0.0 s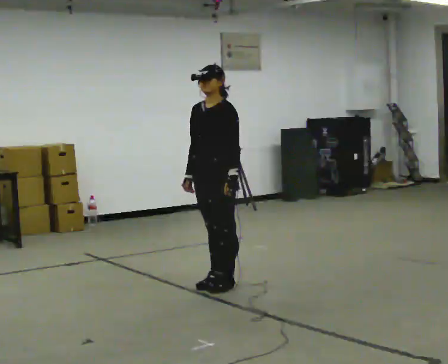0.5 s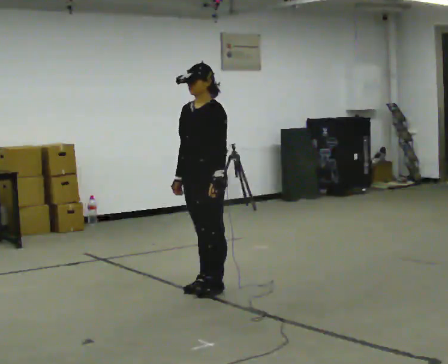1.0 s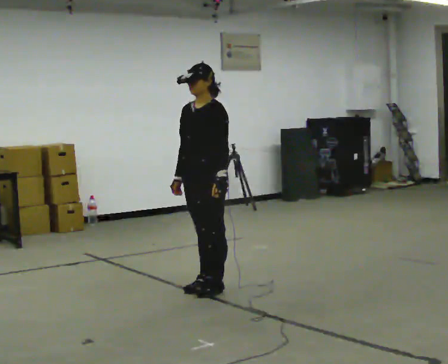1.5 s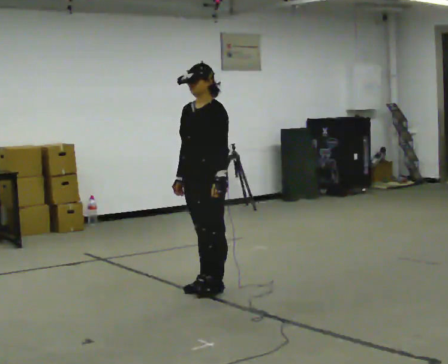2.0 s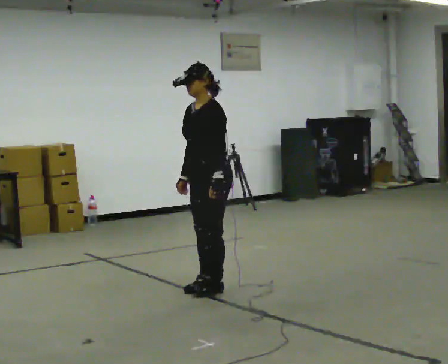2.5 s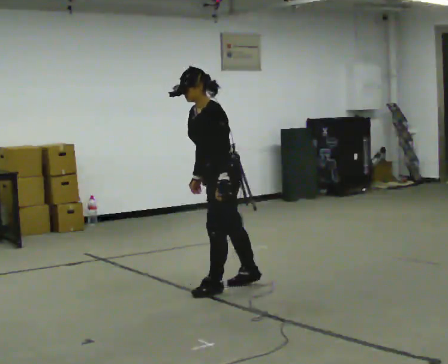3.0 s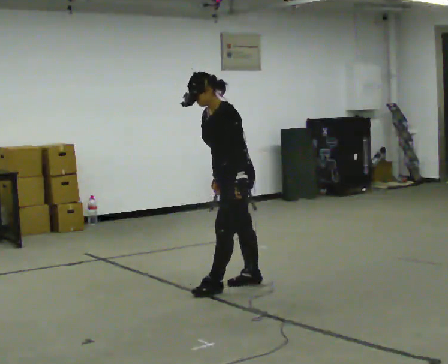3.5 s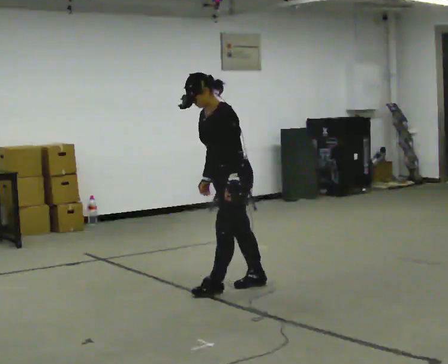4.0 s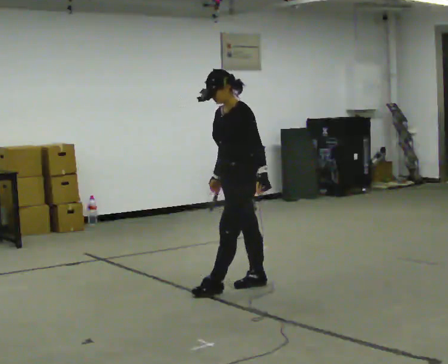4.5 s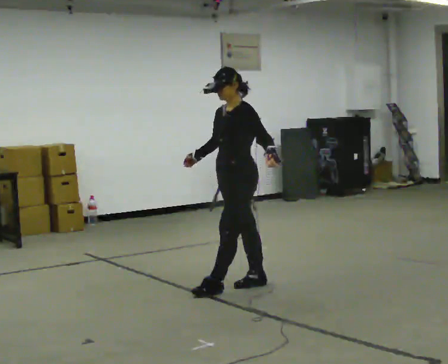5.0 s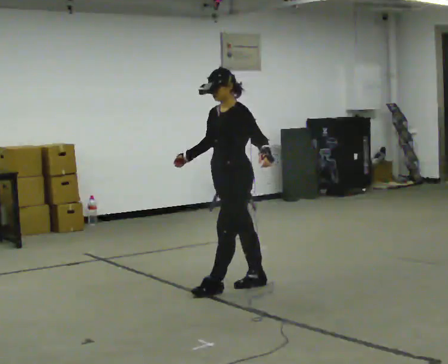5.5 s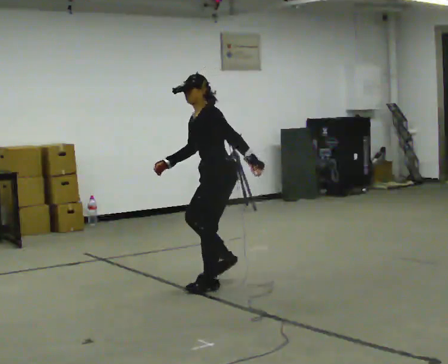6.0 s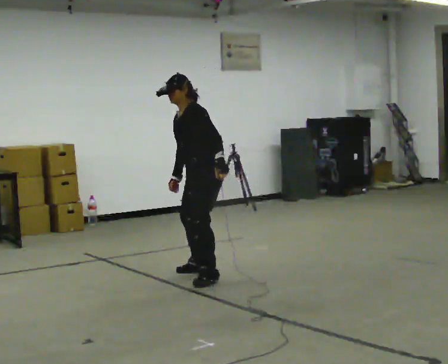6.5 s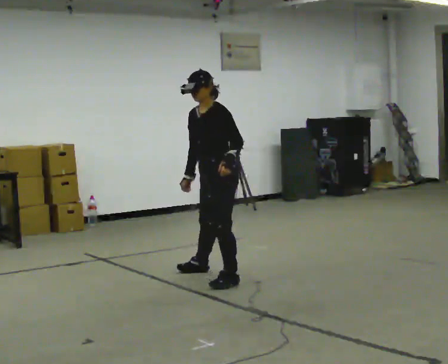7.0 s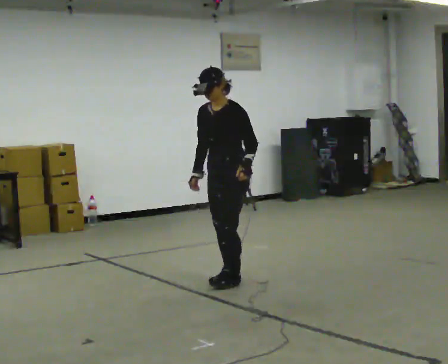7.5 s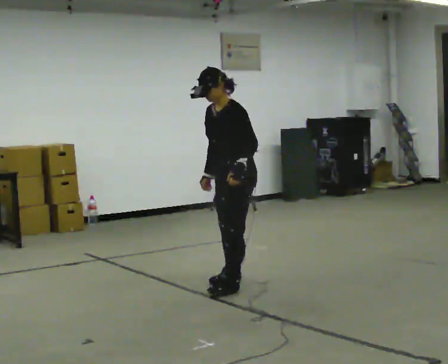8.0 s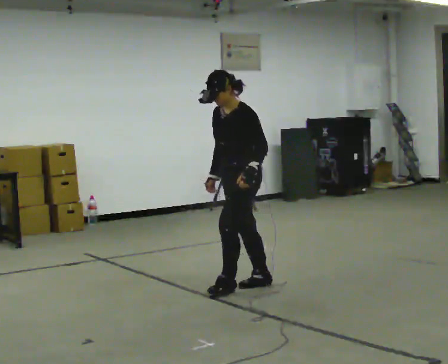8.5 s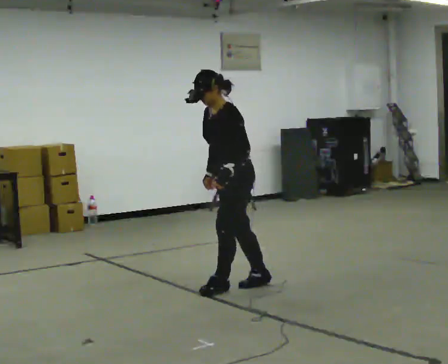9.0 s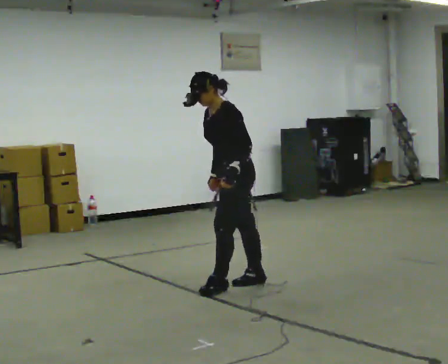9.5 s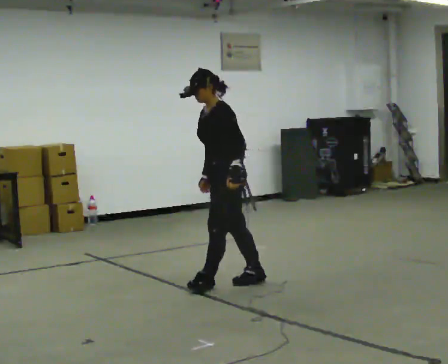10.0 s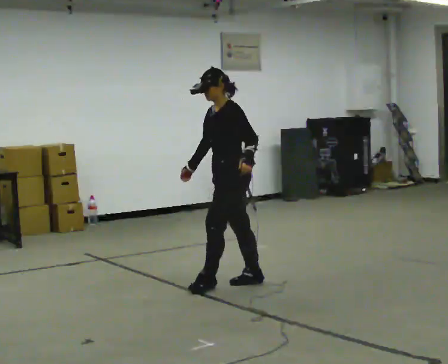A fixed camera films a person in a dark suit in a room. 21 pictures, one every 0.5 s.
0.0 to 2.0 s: The person moves a little, or ends about where they began.
2.0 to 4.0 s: In the picture they go to the right, about 0.25 m in 1 step, which for them is backward. In the picture their left hand goes to the right.
4.0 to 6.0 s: In the picture they go away from the camera and to the left, about 0.5 m in 1 step, which for them is to their right.
6.0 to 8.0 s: In the picture they go toward the camera and to the right, about 0.5 m in 4 steps, which for them is to their left.
8.0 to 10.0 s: The person moves a little, or ends about where they began.
The film runs forward here.
